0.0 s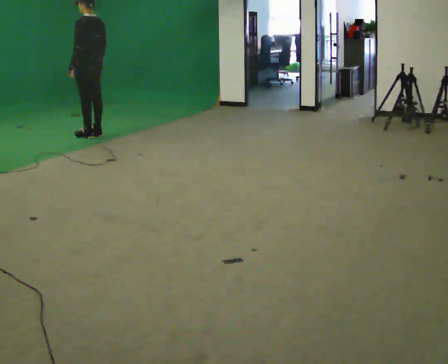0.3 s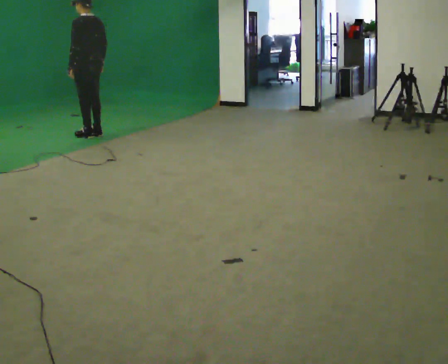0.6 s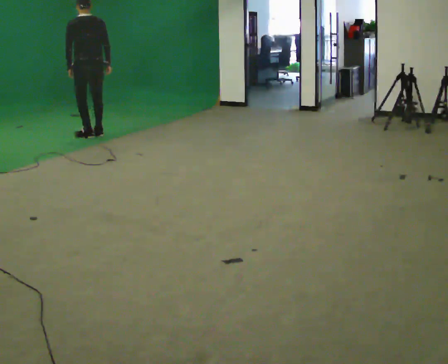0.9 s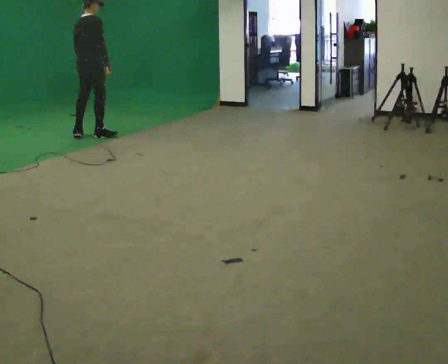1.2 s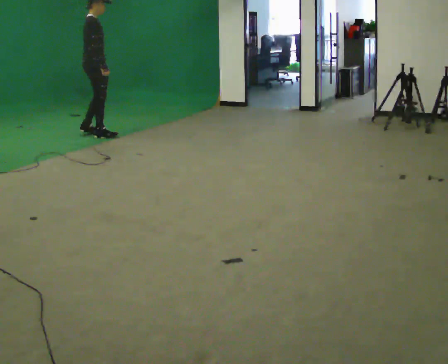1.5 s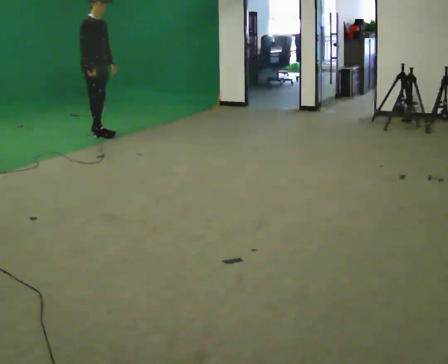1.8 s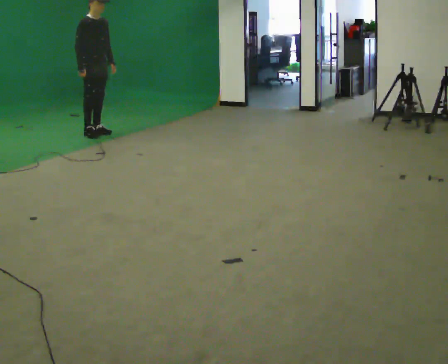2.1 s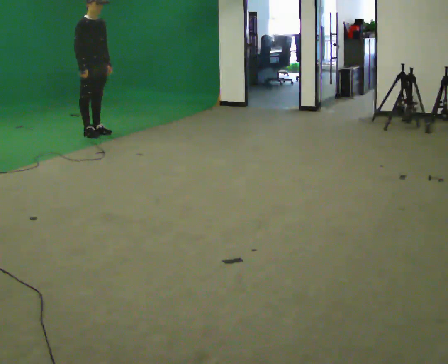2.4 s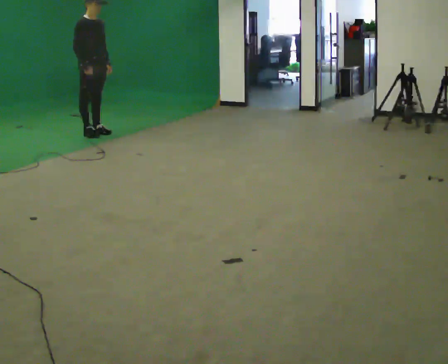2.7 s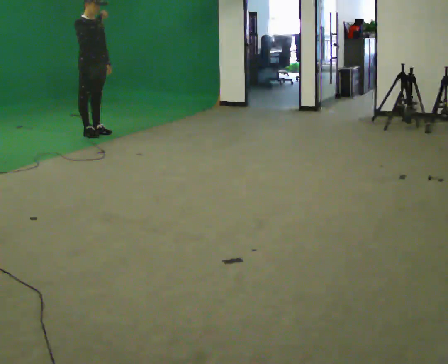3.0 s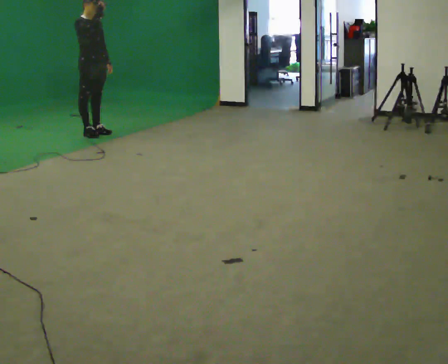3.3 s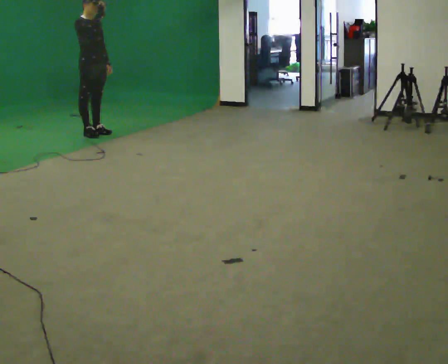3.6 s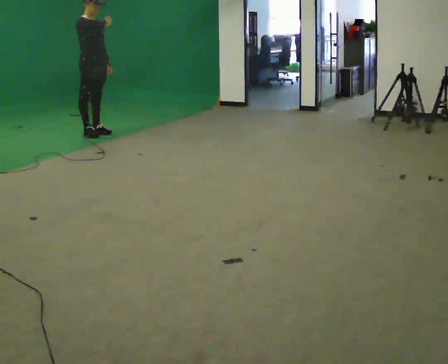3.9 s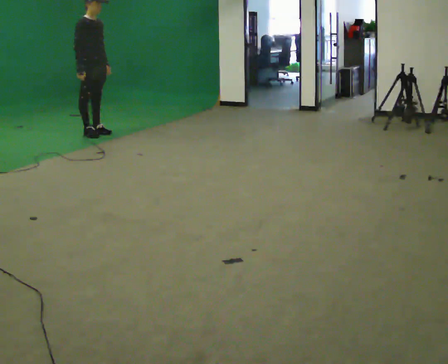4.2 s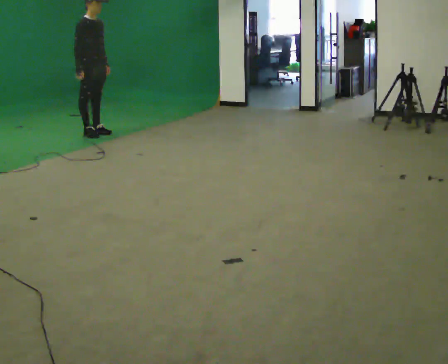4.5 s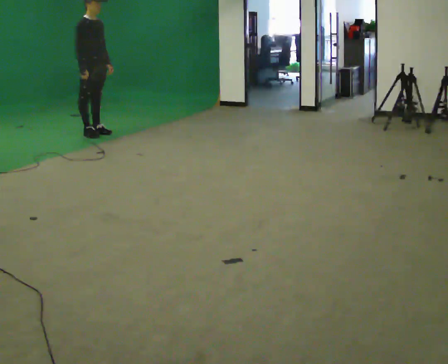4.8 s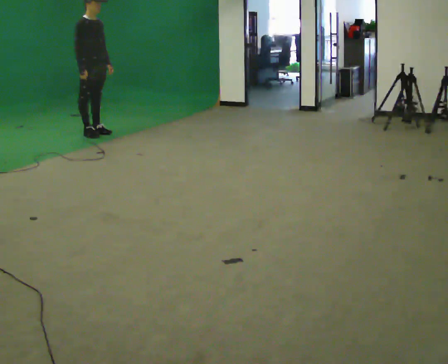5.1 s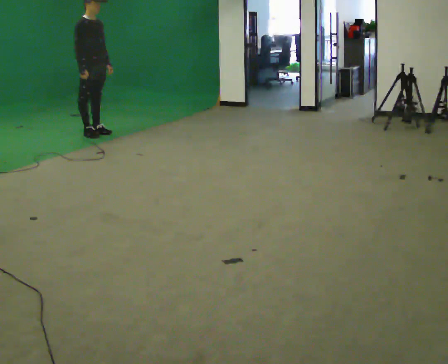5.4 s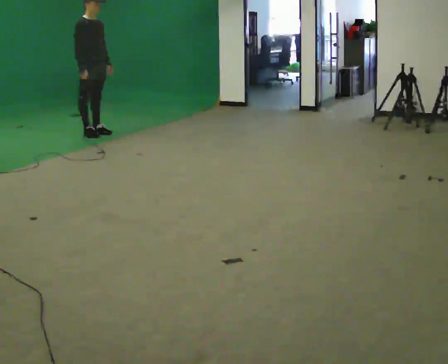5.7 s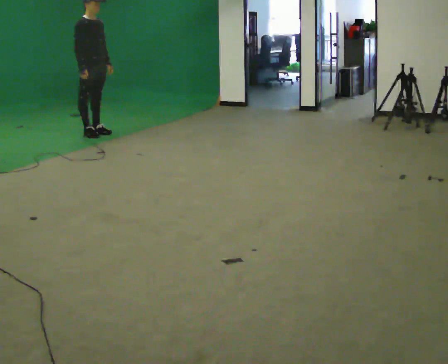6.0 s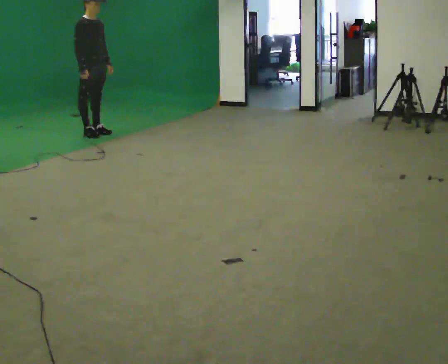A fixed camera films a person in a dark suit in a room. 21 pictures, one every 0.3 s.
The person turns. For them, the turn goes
to their right.
The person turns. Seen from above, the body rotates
clockwise.
0.0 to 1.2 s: Seen from above the body turns clockwise, about 150 degrees: to their right, with its near side sliding to the left.
1.2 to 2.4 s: Seen from above the body turns clockwise, about 30 degrees: to their right, with its near side sliding to the left.
2.4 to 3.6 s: The person moves a little, or ends about where they began.
3.6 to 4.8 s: In the picture their right hand goes downward.
4.8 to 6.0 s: The person keeps their place and pose.
The film runs forward here.
